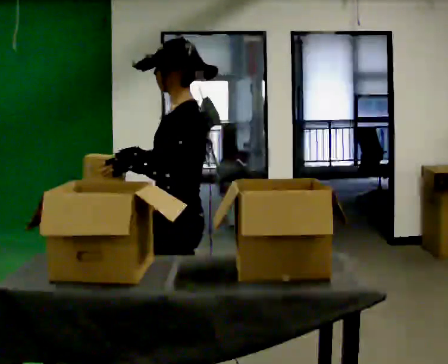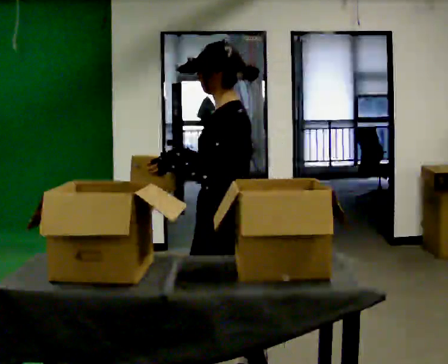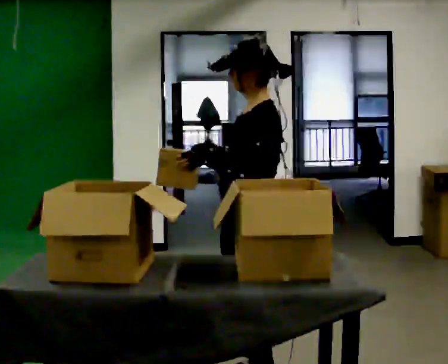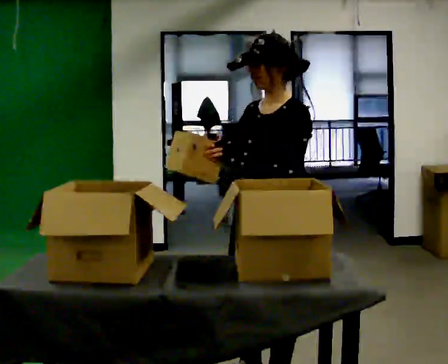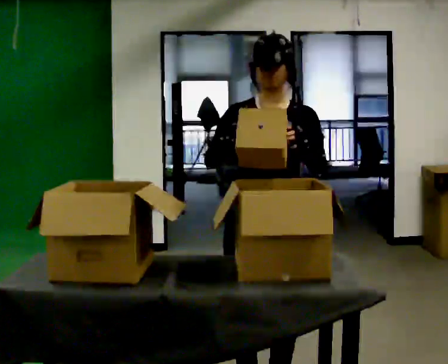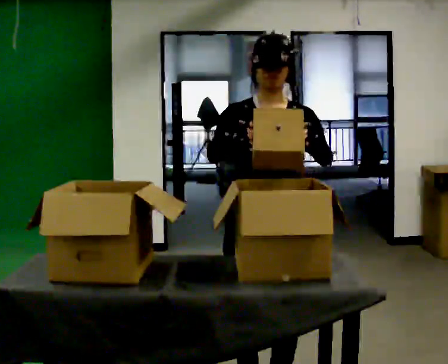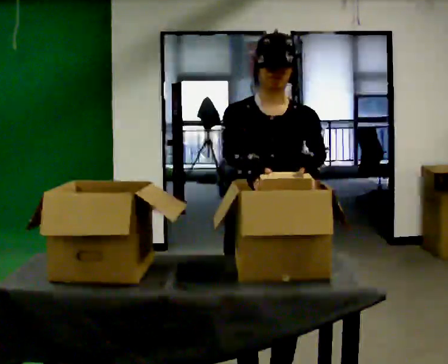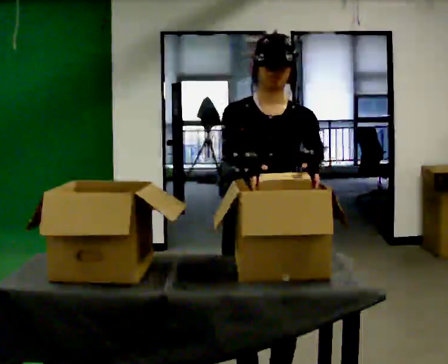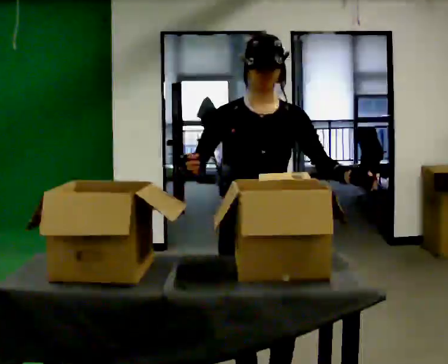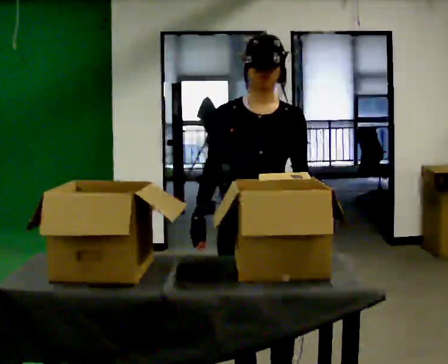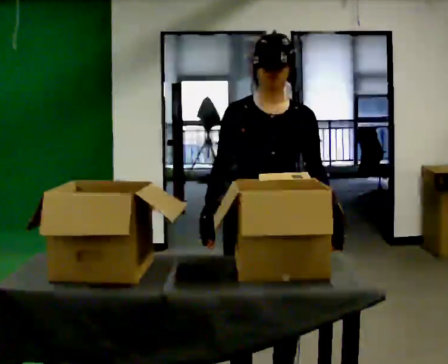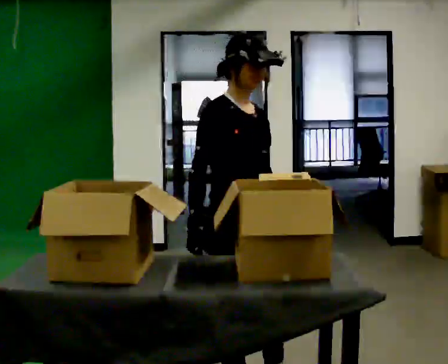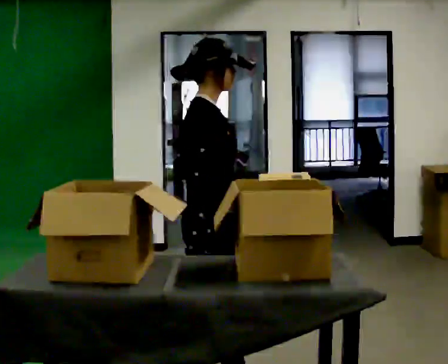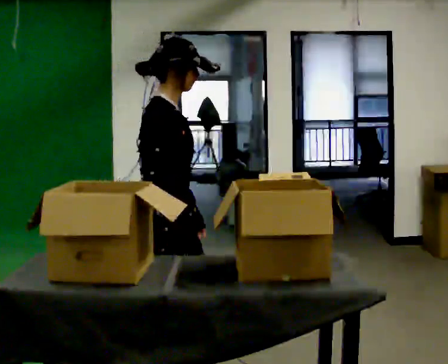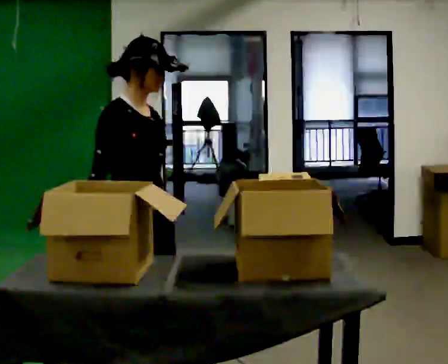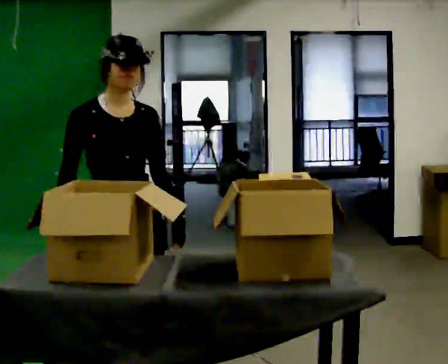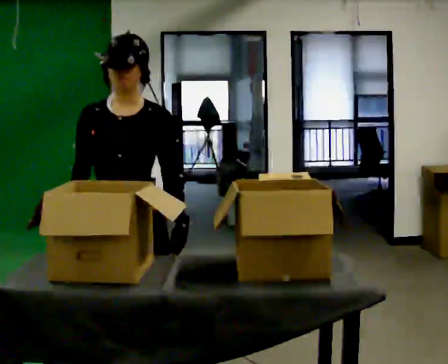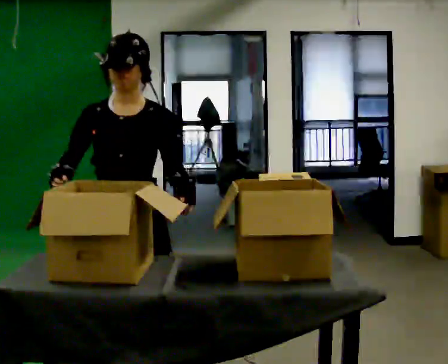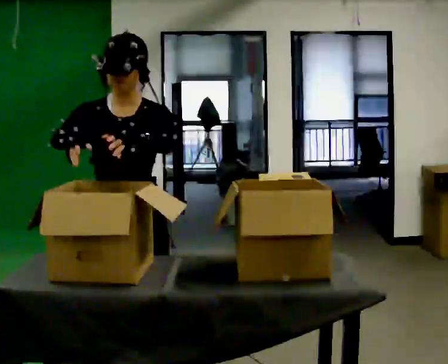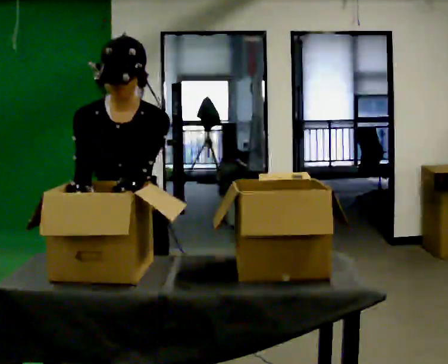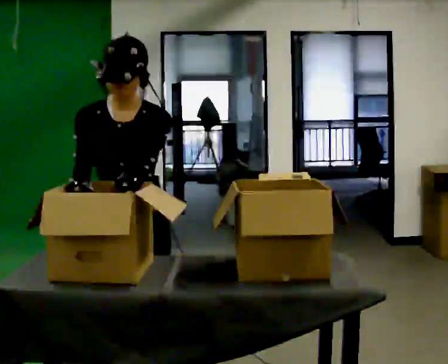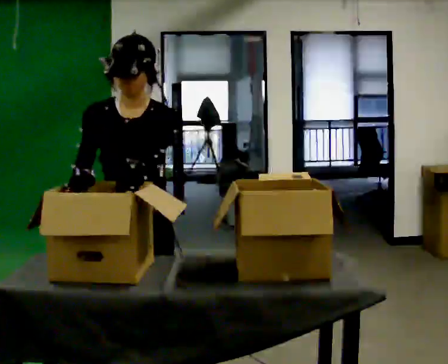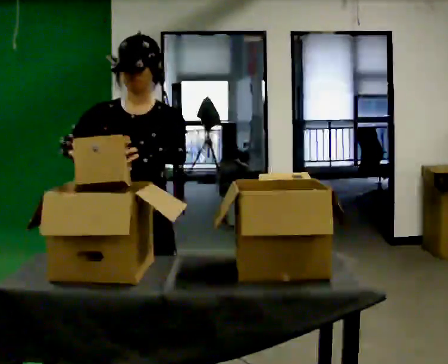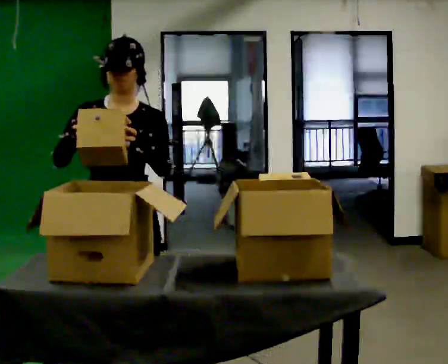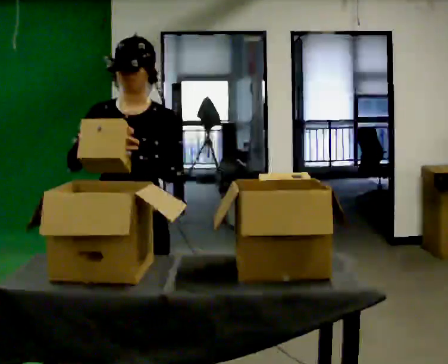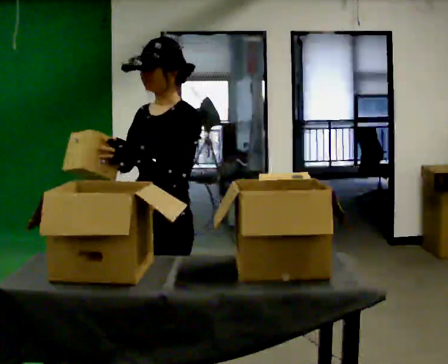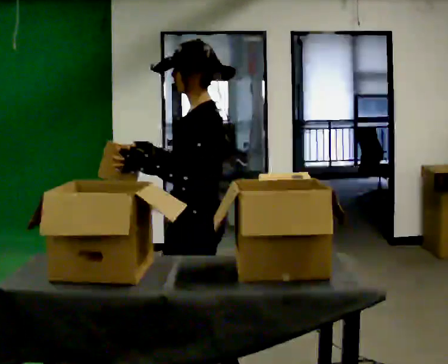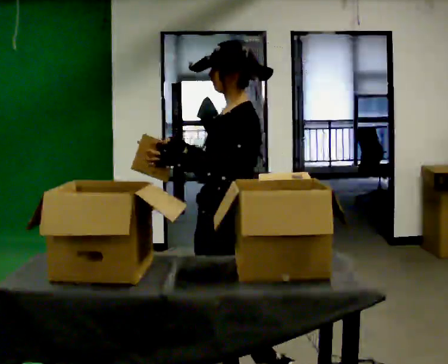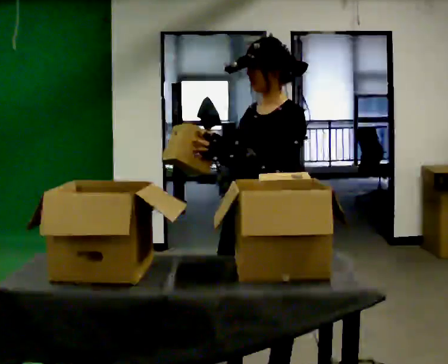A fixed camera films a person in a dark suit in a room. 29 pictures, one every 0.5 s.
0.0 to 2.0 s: Seen from above the body turns counterclockwise, about 75 degrees: to their left, with its near side sliding to the right. In the picture they go to the right, about 0.5 m in 2 steps.
2.0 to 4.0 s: The person moves a little, or ends about where they began.
4.0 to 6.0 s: Seen from above the body turns counterclockwise, about 90 degrees: to their left, with its near side sliding to the right. In the picture they go to the left, about 0.25 m in 1 step. In the picture their left hand goes to the left, the arm swinging clockwise.
6.0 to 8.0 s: The part of the body nearest the lens slides to the left as the person turns to their right by about 105 degrees. In the picture they go to the left, about 0.25 m in 1 step.
8.0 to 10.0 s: The person moves a little, or ends about where they began.
10.0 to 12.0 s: The upper body tips away from the camera, its near side rolling upward, as they lean back or straighten.
12.0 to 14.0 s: Seen from above the body turns clockwise, about 30 degrees: to their right, with its near side sliding to the left. In the picture they go to the right, about 0.5 m in 2 steps.
The film runs backward here.
